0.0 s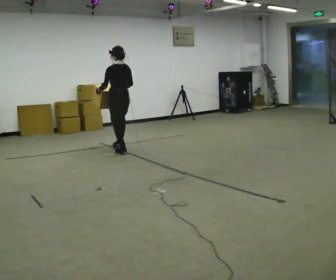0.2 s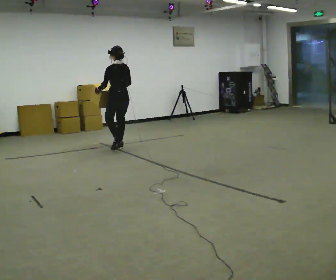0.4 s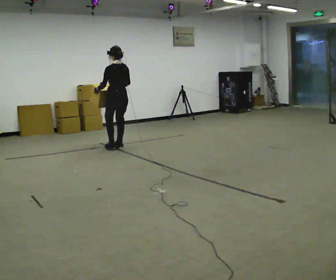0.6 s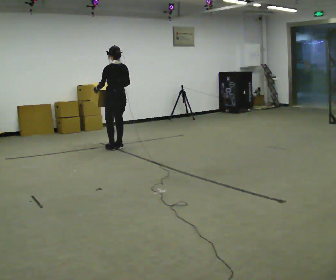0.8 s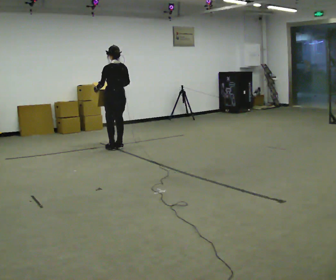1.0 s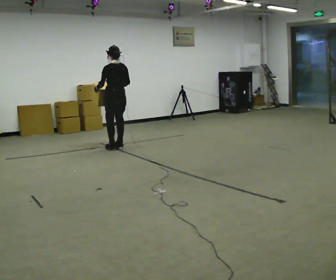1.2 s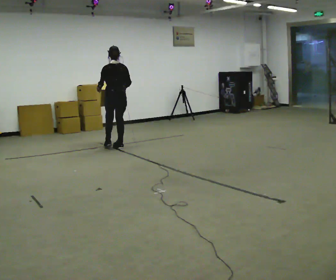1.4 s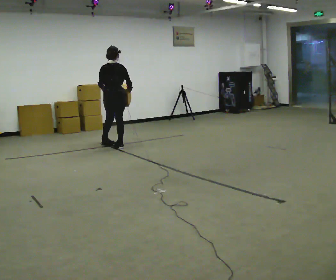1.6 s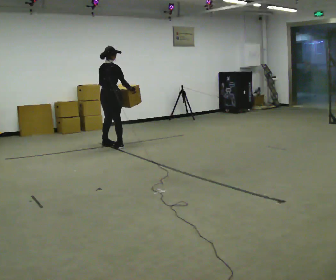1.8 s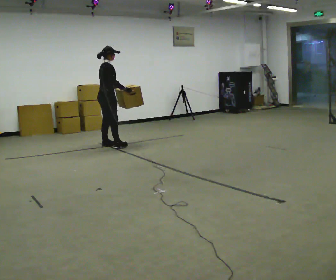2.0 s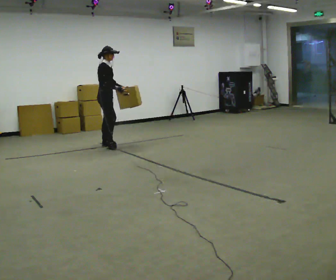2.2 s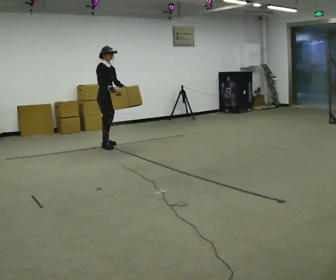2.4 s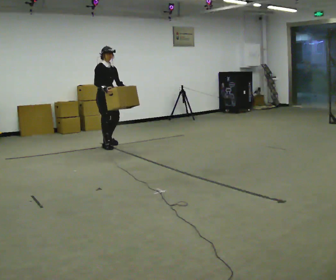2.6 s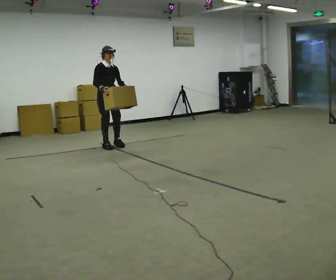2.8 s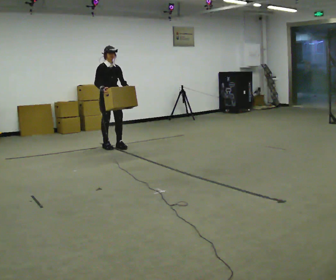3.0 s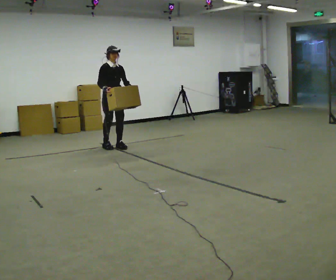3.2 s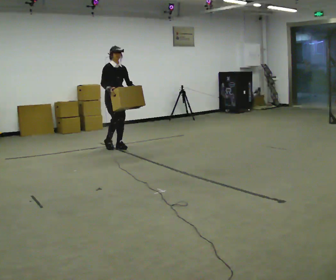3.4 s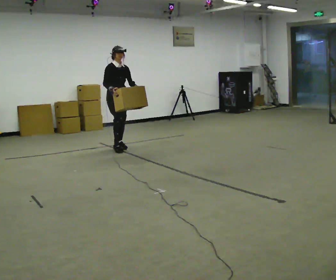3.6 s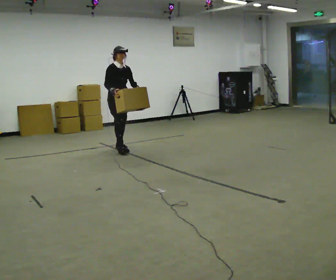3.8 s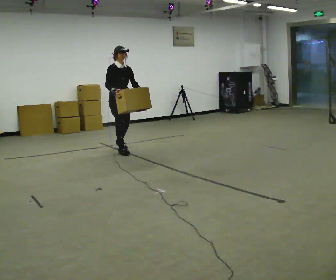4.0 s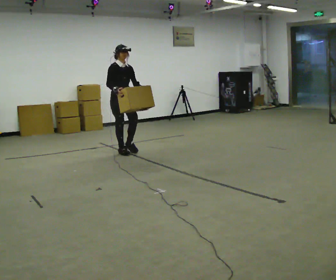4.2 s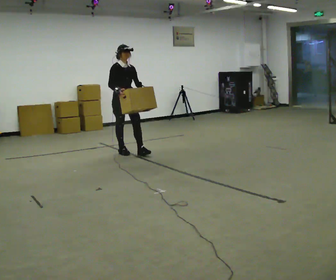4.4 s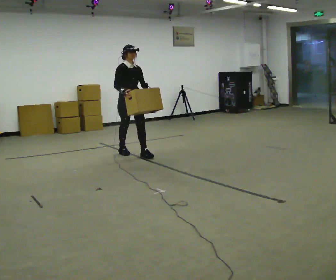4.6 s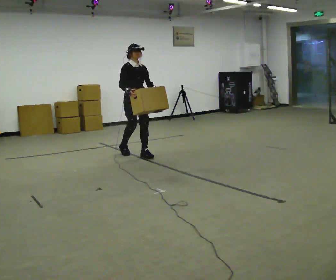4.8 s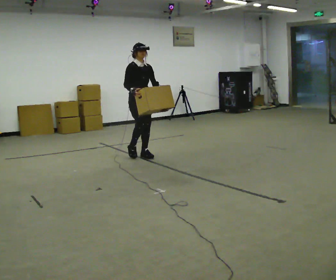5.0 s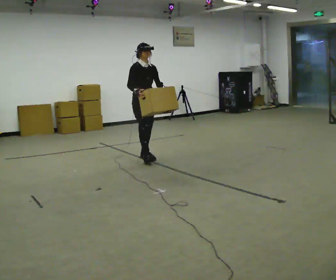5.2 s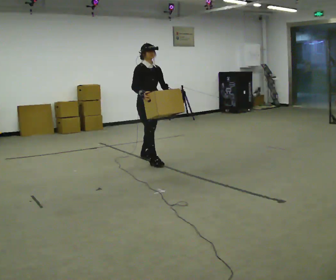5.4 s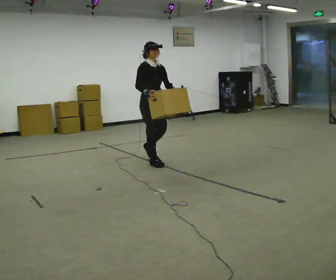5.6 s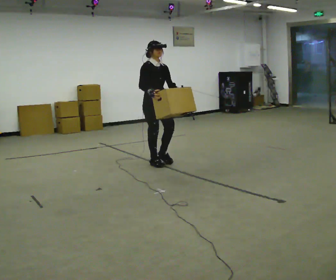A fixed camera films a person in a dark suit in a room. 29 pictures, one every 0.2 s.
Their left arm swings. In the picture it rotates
counterclockwise.
The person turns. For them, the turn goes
to their right.
0.0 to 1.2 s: In the picture they go away from the camera, about 0.25 m in 1 step, which for them is forward.
1.2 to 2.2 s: Seen from above the body turns clockwise, about 135 degrees: to their right, with its near side sliding to the left. In the picture they go to the left, about 0.25 m in 2 steps.
2.2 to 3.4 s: Seen from above the body turns clockwise, about 30 degrees: to their right, with its near side sliding to the left. In the picture they go to the right and toward the camera, about 0.25 m in 1 step, which for them is forward.
3.4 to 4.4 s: In the picture they go toward the camera, about 0.5 m in 2 steps, which for them is forward.
4.4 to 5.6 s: In the picture they go toward the camera and to the right, about 0.75 m in 1 step, which for them is forward.
The film runs forward here.
